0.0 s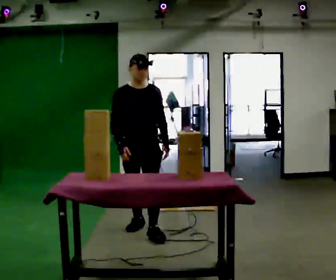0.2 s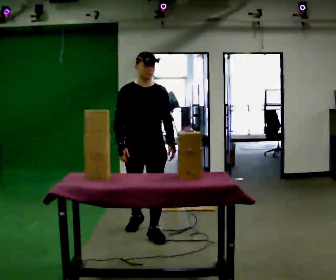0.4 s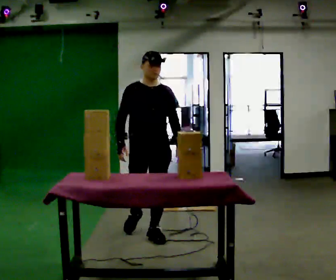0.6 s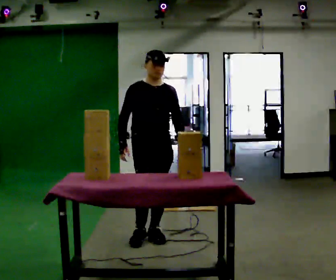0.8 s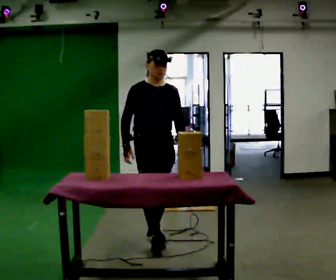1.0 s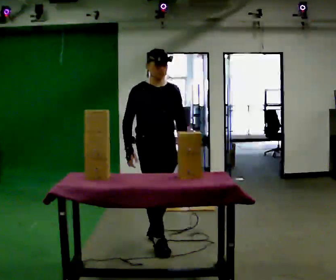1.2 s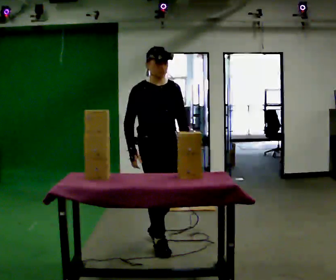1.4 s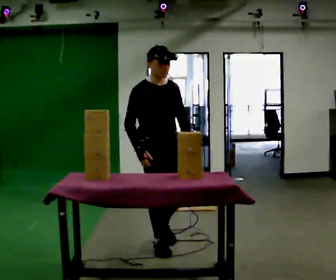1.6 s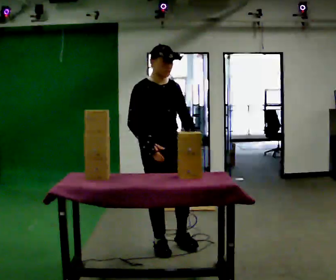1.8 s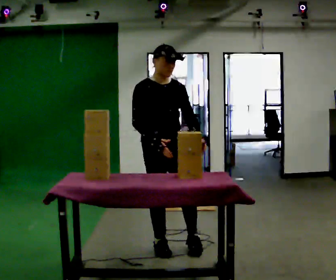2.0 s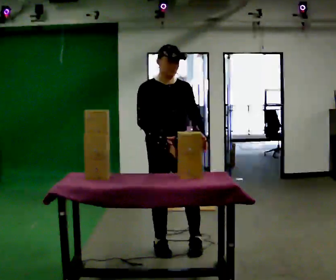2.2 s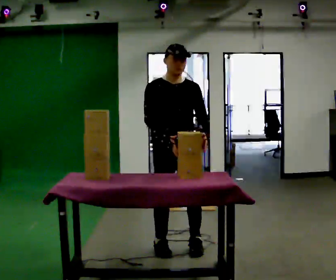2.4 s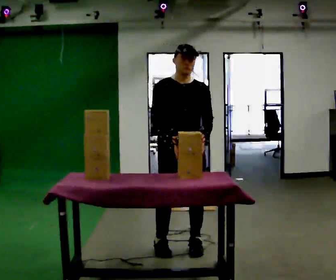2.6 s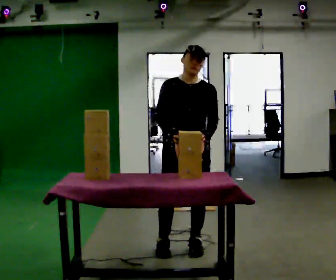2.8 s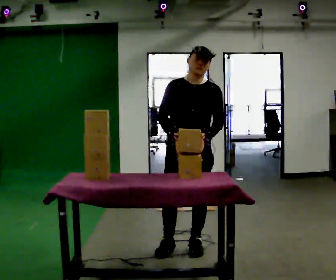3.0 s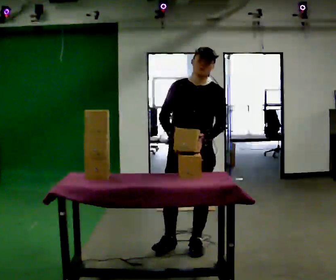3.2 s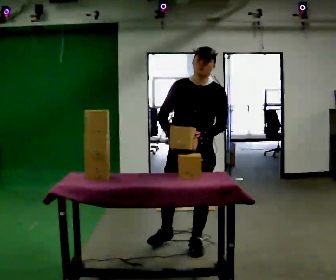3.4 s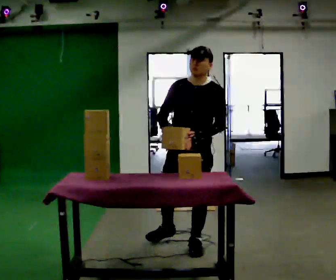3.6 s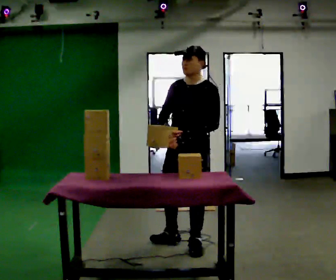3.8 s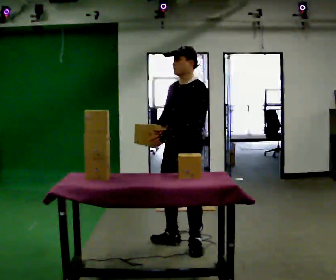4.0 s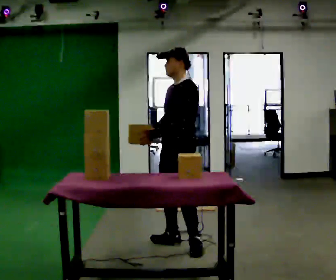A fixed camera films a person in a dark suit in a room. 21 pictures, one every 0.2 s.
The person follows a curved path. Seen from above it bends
counterclockwise.
0.0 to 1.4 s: The part of the body nearest the lens slides to the right as the person turns to their left by about 30 degrees. In the picture they go toward the camera, about 0.5 m in 1 step, which for them is forward.
1.4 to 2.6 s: The person turns about 30 degrees to their right, clockwise seen from above, so the part of the body nearest the lens slides to the left. In the picture they go to the right, about 0.25 m in 1 step, which for them is to their left and forward.
2.6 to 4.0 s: Seen from above the body turns clockwise, about 75 degrees: to their right, with its near side sliding to the left. In the picture they go away from the camera, about 0.25 m in 1 step.
The film runs forward here.
